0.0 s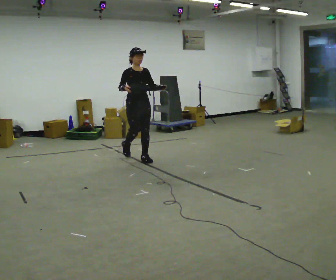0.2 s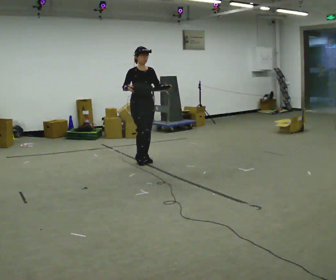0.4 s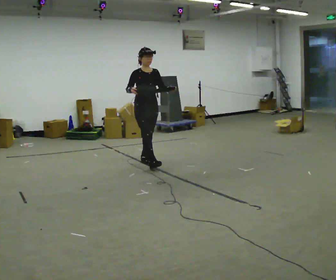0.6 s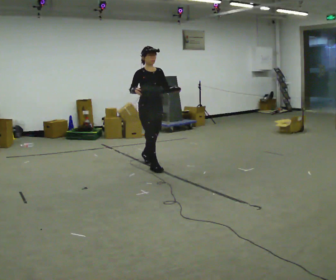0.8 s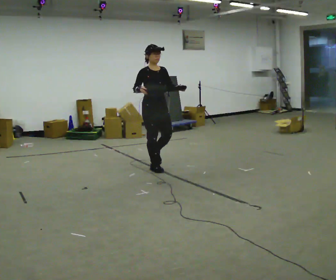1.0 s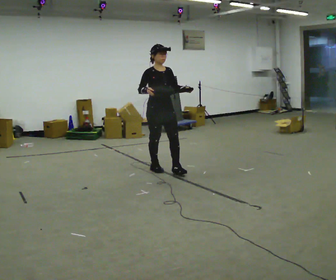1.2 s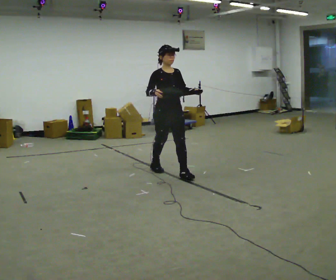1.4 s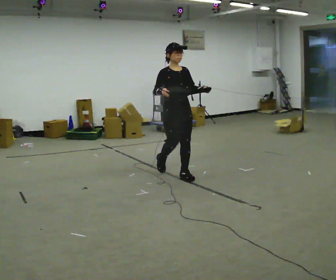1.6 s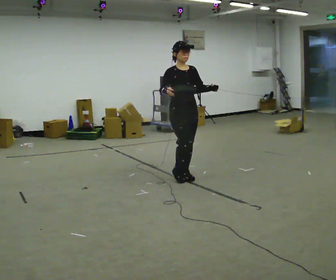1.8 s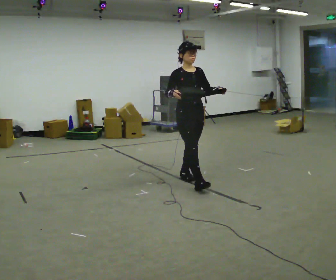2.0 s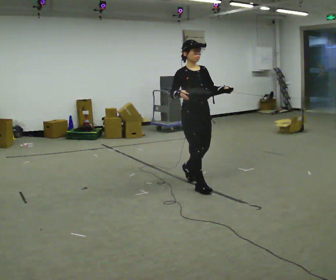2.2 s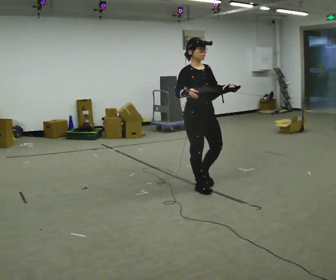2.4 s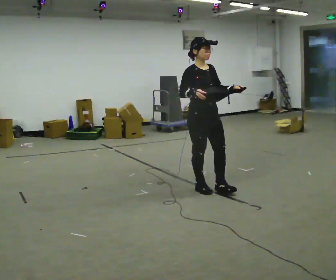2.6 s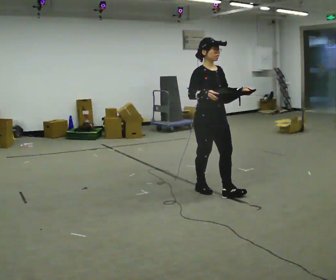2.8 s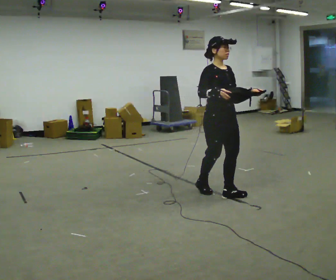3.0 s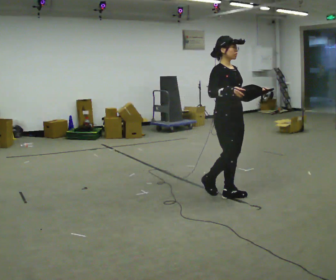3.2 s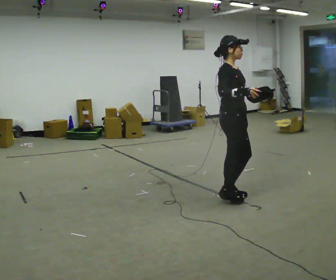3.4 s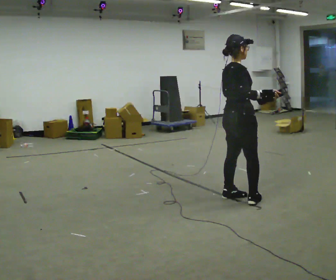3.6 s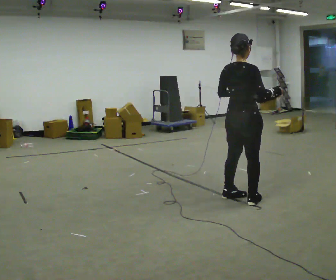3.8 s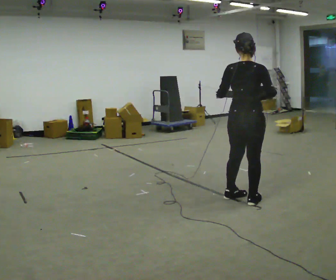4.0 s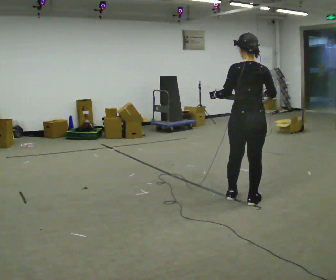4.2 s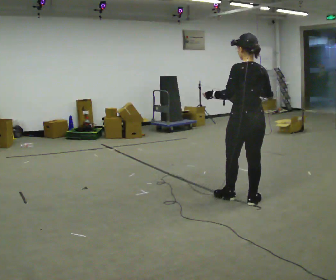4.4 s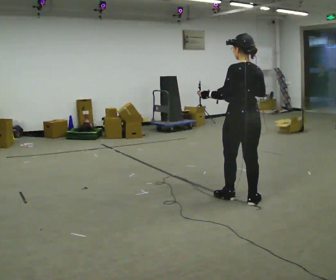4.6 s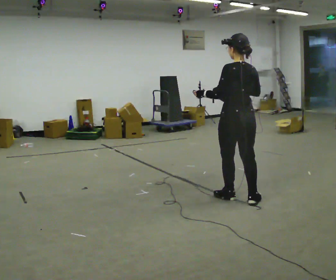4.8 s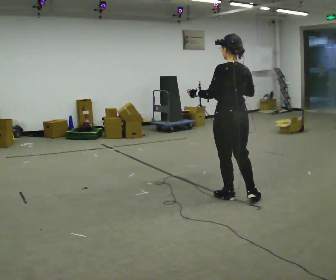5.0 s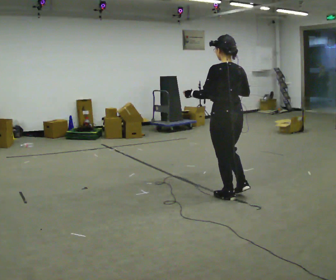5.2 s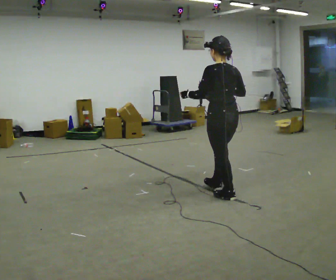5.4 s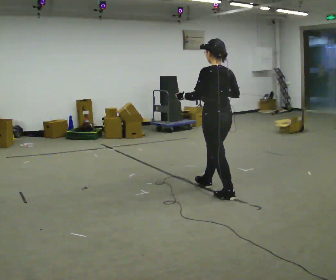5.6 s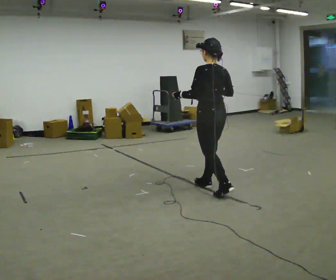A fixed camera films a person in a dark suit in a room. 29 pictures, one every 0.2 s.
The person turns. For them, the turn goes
to their left.
The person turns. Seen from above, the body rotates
counterclockwise.
0.0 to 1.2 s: In the picture they go toward the camera and to the right, about 1 m in 1 step, which for them is forward.
1.2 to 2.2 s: In the picture they go toward the camera and to the right, about 0.5 m in 2 steps, which for them is forward.
2.2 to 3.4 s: The person turns about 75 degrees to their left, counterclockwise seen from above, so the part of the body nearest the lens slides to the right. In the picture they go to the right and toward the camera, about 0.5 m in 2 steps.
3.4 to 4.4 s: The person turns about 90 degrees to their left, counterclockwise seen from above, so the part of the body nearest the lens slides to the right.
4.4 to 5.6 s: In the picture they go to the left and away from the camera, about 0.5 m in 1 step, which for them is forward.
The film runs forward here.
